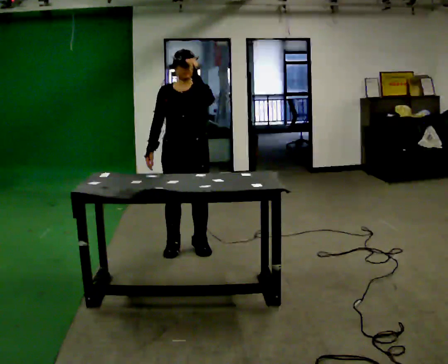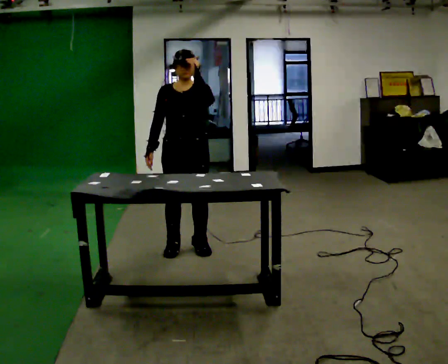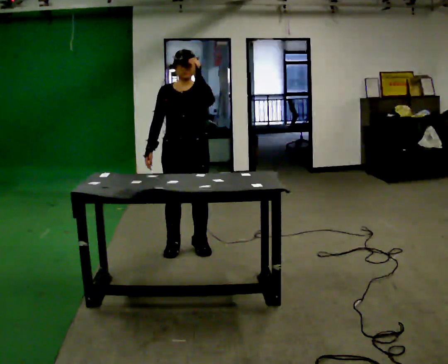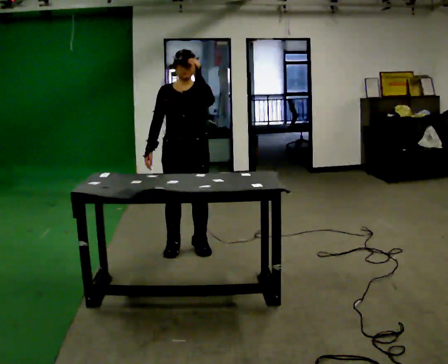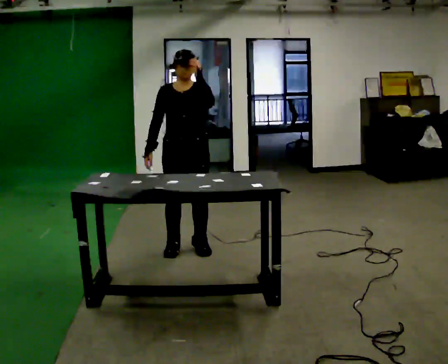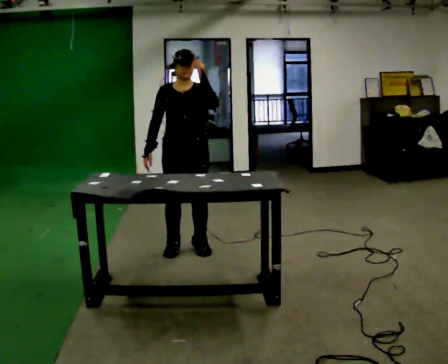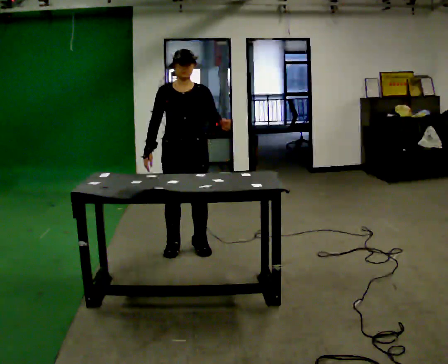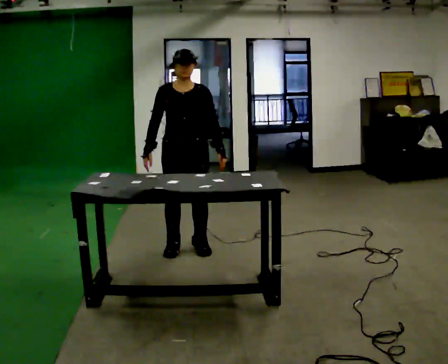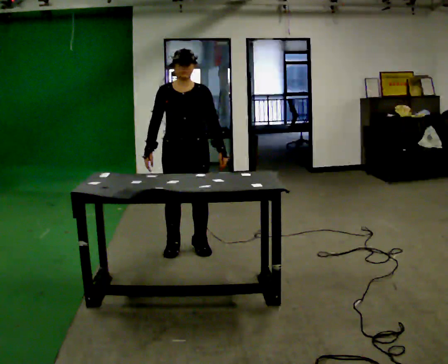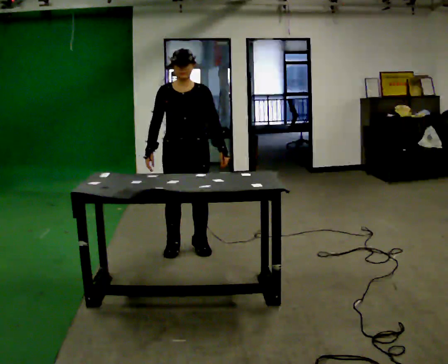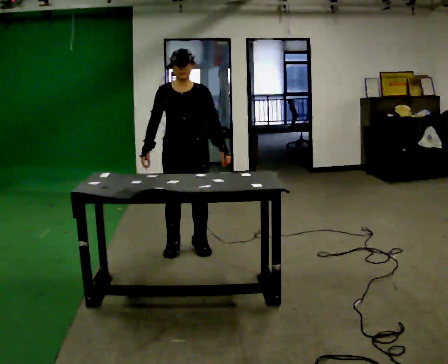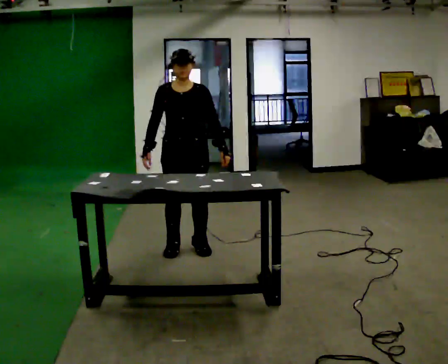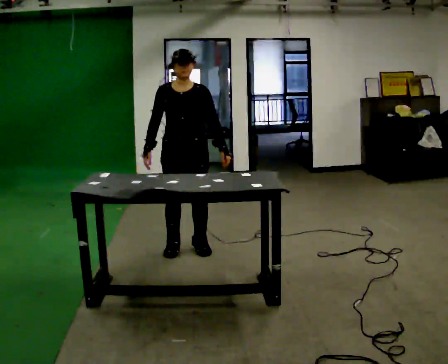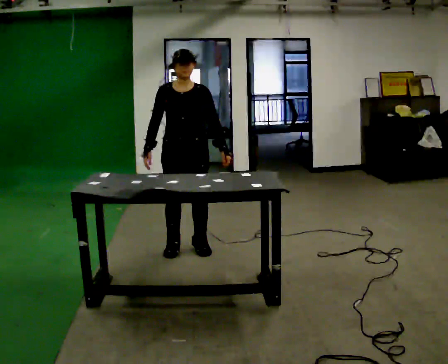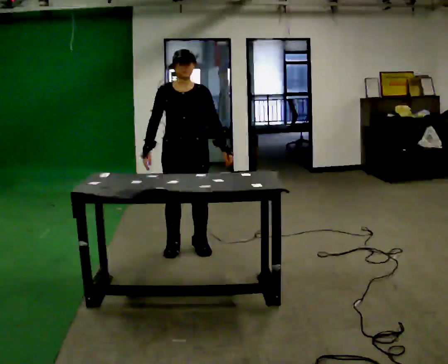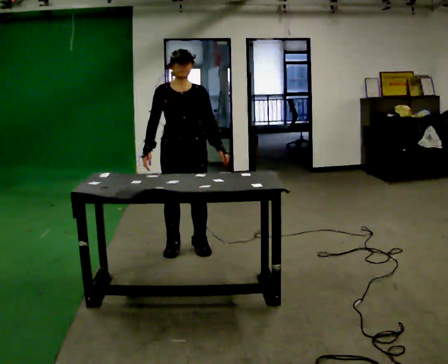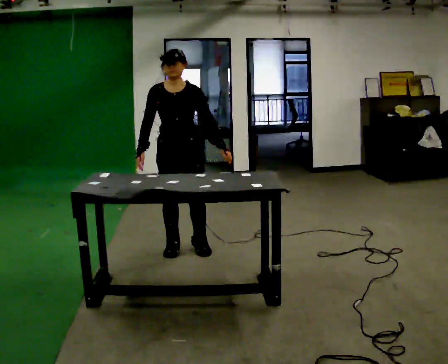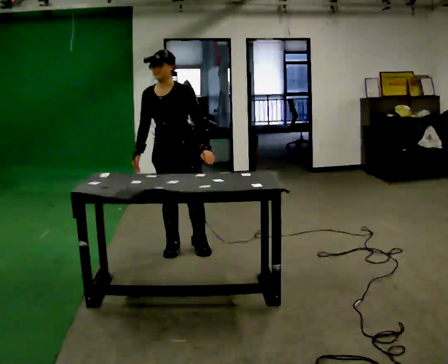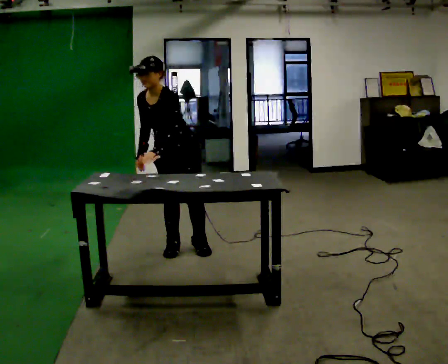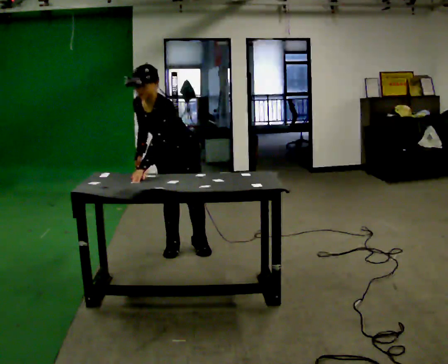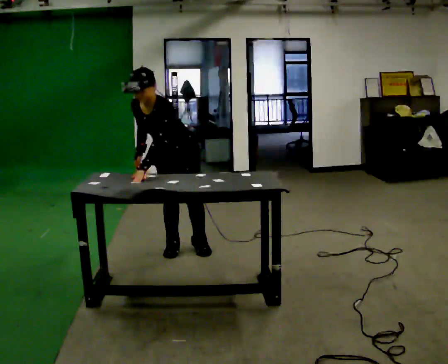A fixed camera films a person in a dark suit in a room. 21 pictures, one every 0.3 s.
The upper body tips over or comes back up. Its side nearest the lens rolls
downward.
Their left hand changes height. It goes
downward.
0.0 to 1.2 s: The person moves a little, or ends about where they began.
1.2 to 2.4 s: In the picture their left hand goes downward.
2.4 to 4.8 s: The person moves a little, or ends about where they began.
4.8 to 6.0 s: Seen from above the body turns clockwise, about 30 degrees: to their right, with its near side sliding to the left. The upper body tips toward the camera, its near side rolling downward, as they bend forward. In the picture their left hand goes to the left, the arm swinging clockwise.
The film runs backward here.
